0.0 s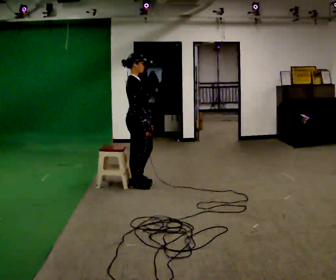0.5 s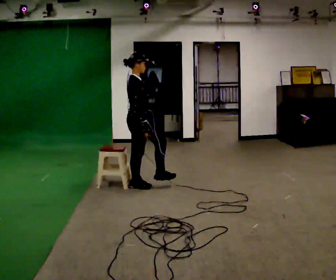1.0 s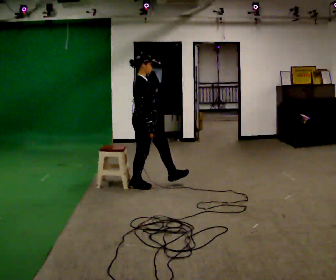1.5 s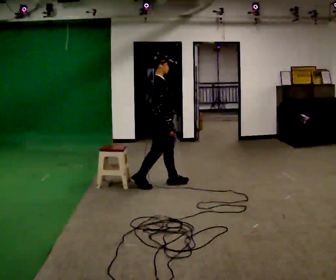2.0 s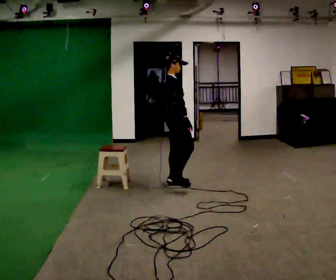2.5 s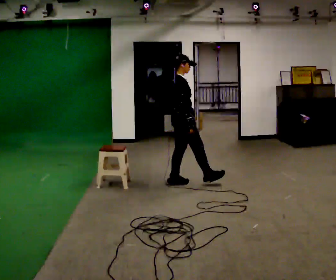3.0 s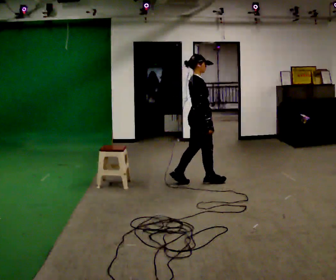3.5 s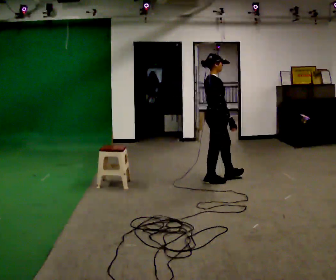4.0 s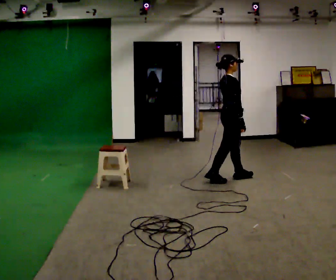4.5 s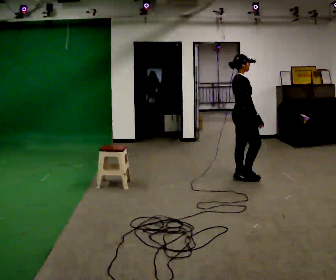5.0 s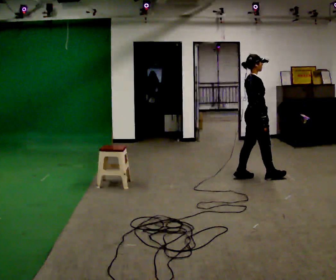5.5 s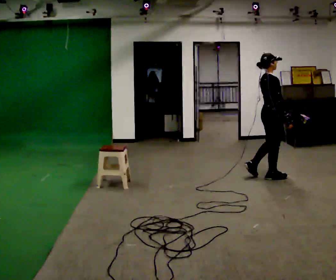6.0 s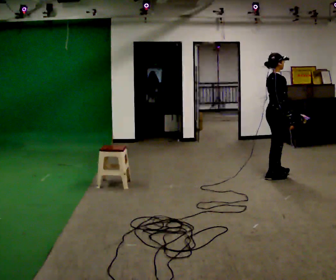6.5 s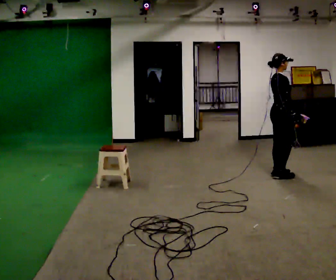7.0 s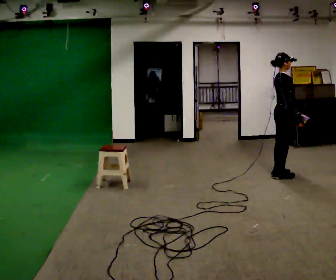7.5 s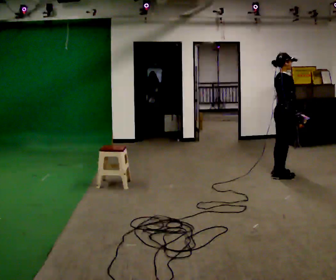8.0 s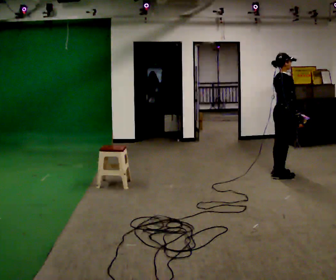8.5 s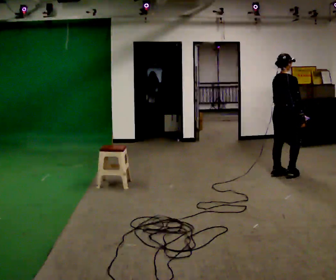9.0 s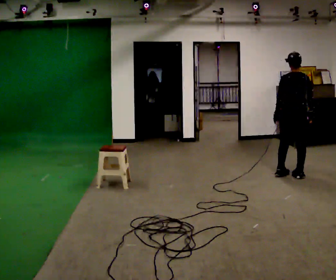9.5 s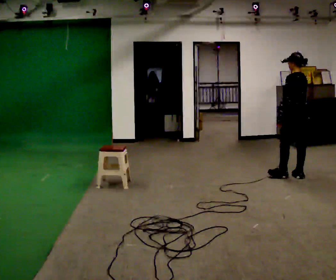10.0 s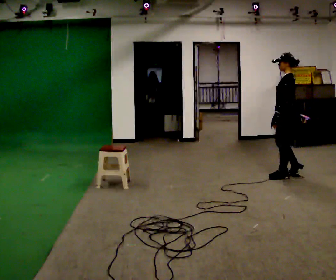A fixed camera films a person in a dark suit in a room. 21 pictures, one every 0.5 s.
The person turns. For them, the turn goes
to their left.
The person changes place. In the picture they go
to the right.
0.0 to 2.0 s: In the picture they go to the right and away from the camera, about 0.5 m in 1 step, which for them is forward.
2.0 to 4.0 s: In the picture they go to the right, about 0.75 m in 2 steps, which for them is forward.
4.0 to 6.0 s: In the picture they go to the right, about 0.5 m in 2 steps, which for them is forward.
6.0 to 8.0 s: The person moves a little, or ends about where they began.
8.0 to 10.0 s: The person turns about 150 degrees to their left, counterclockwise seen from above, so the part of the body nearest the lens slides to the right.
The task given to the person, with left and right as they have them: Walk to chair; sit ~2 s; stand; walk away.
The film runs forward here.
